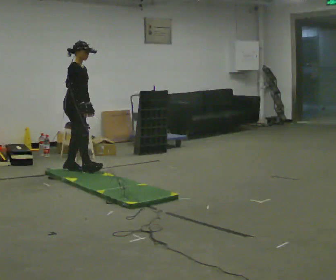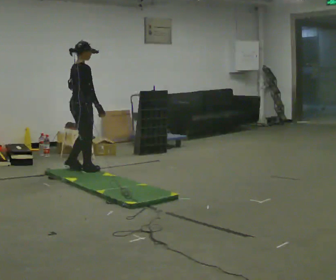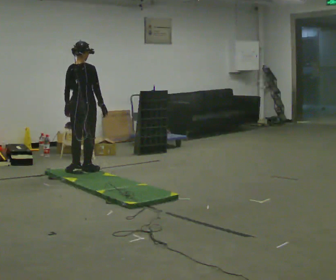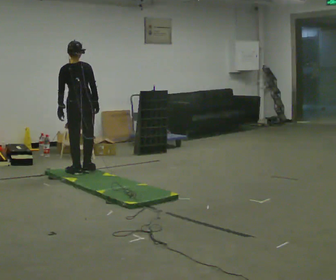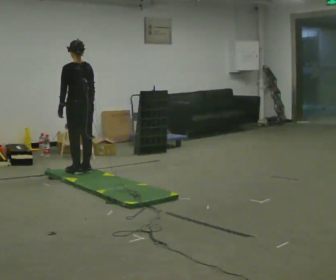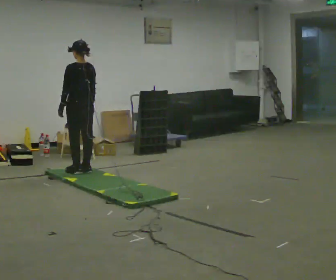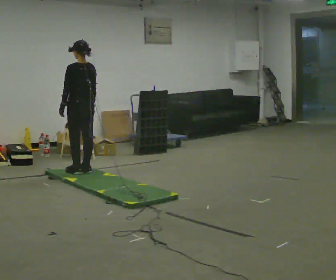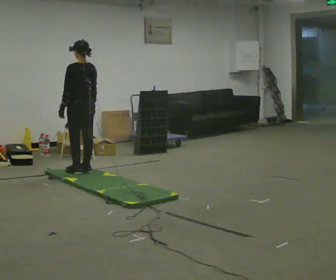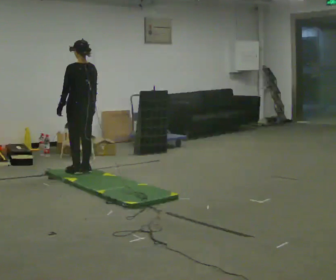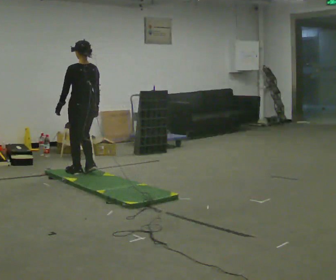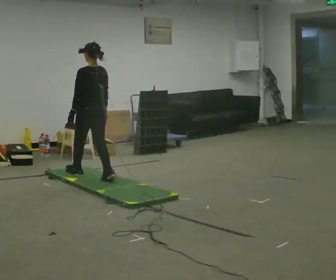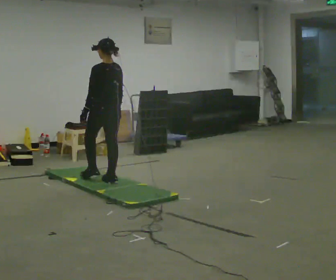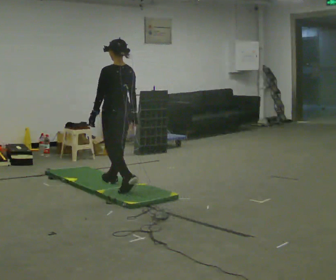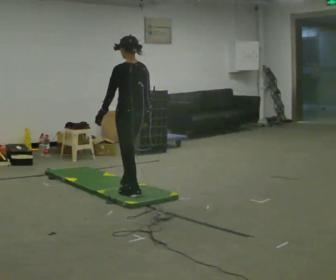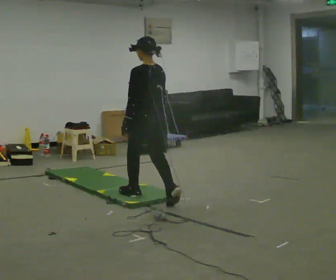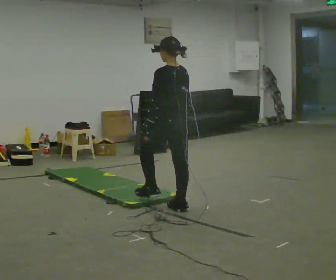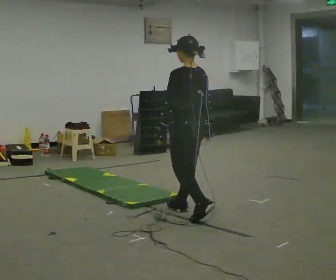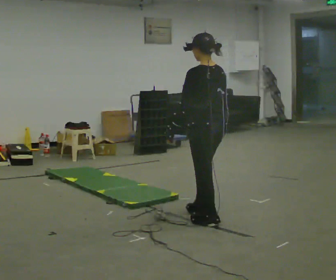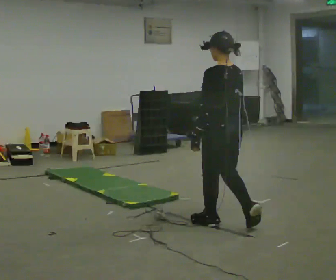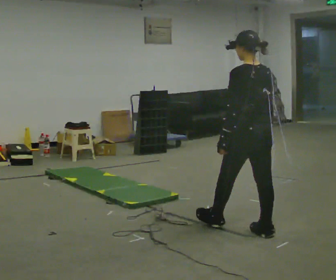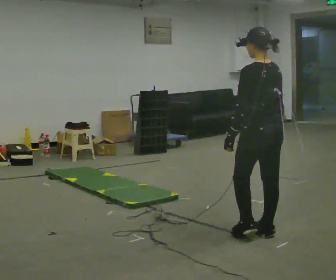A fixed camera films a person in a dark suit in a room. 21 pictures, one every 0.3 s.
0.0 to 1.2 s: The part of the body nearest the lens slides to the right as the person turns to their left by about 135 degrees.
1.2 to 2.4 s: The person moves a little, or ends about where they began.
2.4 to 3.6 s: In the picture they go toward the camera and to the right, about 1 m in 2 steps, which for them is backward.
3.6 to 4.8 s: In the picture they go toward the camera and to the right, about 1 m in 2 steps, which for them is backward.
4.8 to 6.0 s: In the picture they go toward the camera and to the right, about 1 m in 2 steps, which for them is backward.
The film runs backward here.
